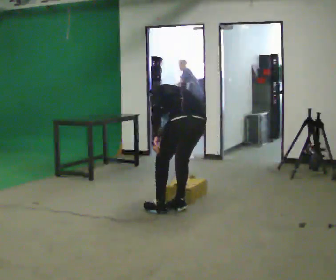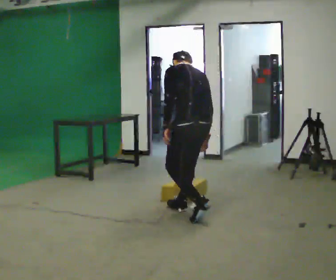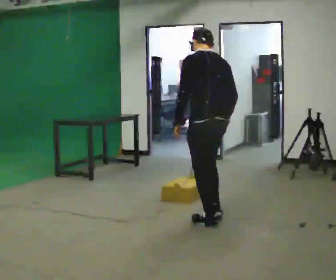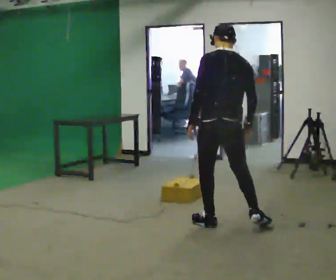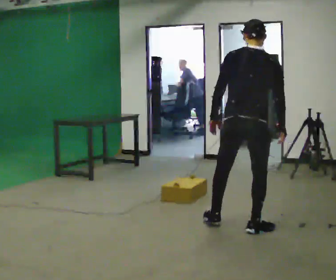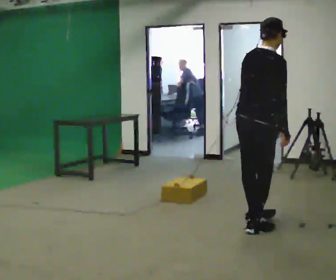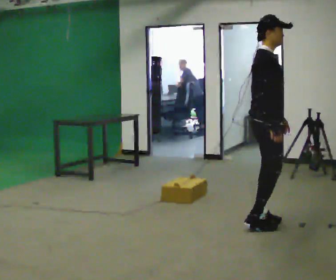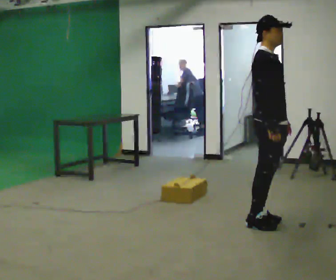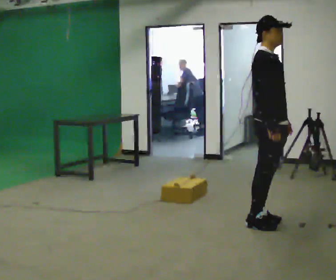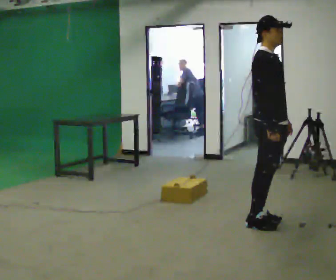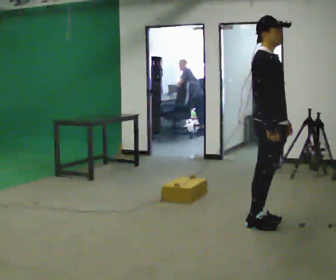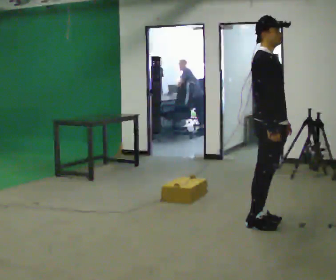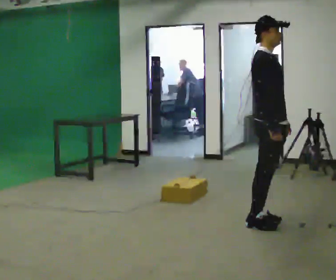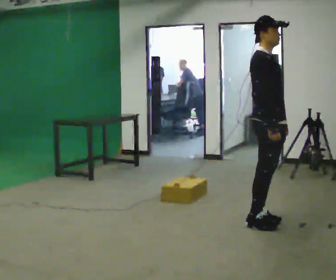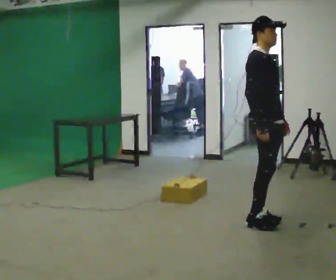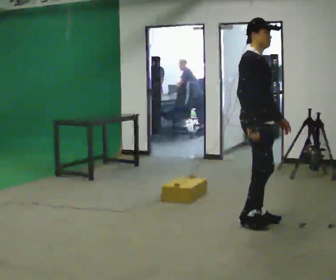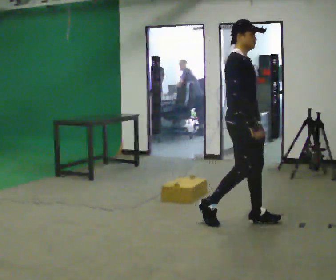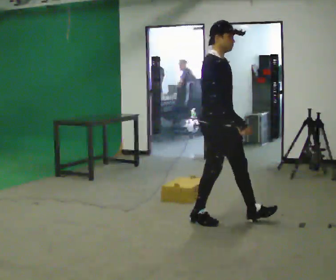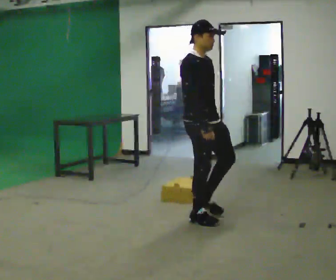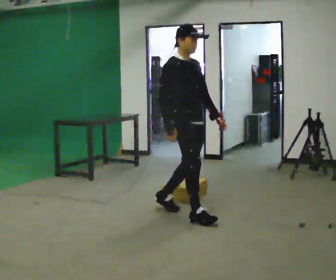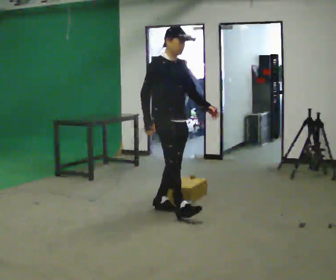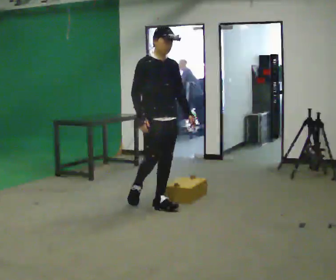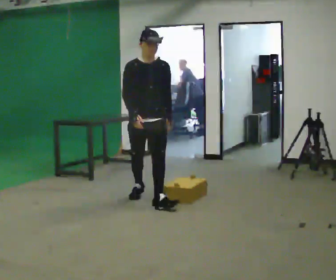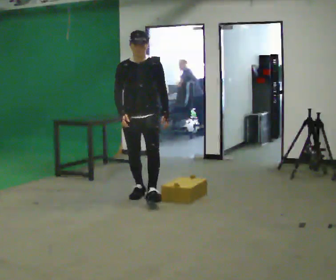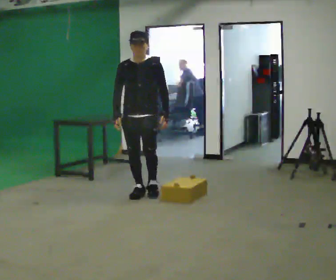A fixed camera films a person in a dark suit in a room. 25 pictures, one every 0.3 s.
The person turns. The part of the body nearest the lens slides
to the left.
The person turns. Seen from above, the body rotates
clockwise.
0.0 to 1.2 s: The part of the body nearest the lens slides to the left as the person turns to their right by about 45 degrees. In the picture they go to the right and toward the camera, about 0.75 m in 2 steps, which for them is backward. The shoulders move upward. In the picture the upper body tilts clockwise, shoulders to the right, as they lean back or straighten.
1.2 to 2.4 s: The person turns about 90 degrees to their right, clockwise seen from above, so the part of the body nearest the lens slides to the left. In the picture they go to the right, about 0.25 m in 1 step. In the picture their left hand goes to the right, the arm swinging counterclockwise.
2.4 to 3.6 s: The person moves a little, or ends about where they began.
3.6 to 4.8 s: In the picture they go to the left, about 0.25 m in 1 step, which for them is backward.
4.8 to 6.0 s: In the picture they go to the left and away from the camera, about 1 m in 2 steps, which for them is backward.
6.0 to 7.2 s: The part of the body nearest the lens slides to the left as the person turns to their right by about 60 degrees. In the picture they go away from the camera and to the left, about 0.75 m in 1 step, which for them is backward.
The film runs backward here.
